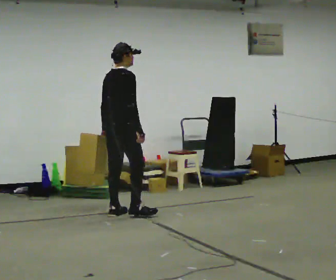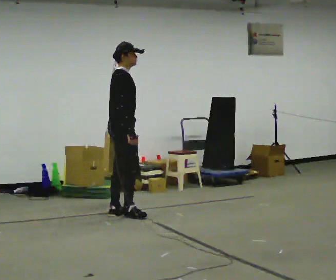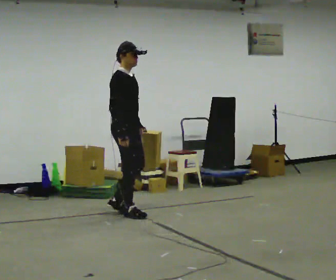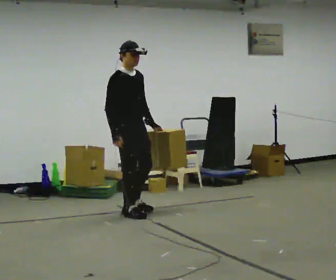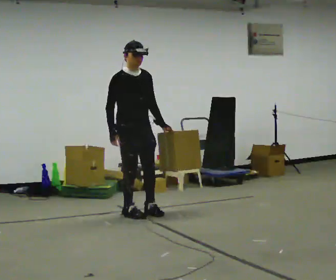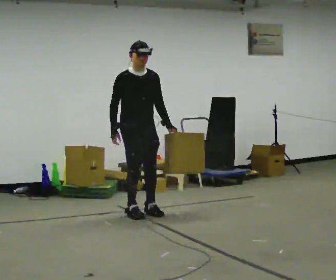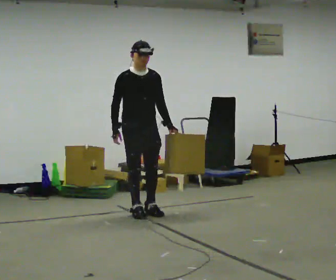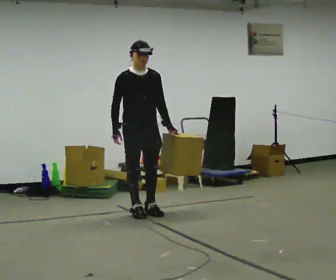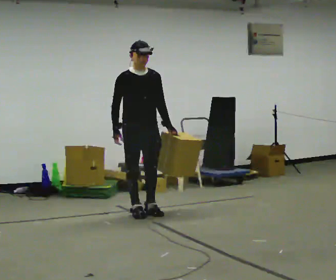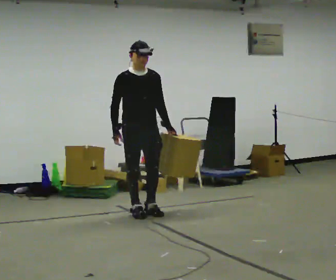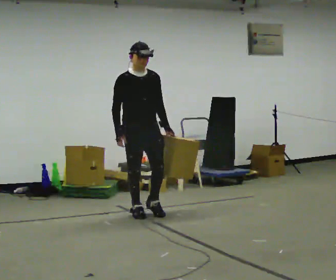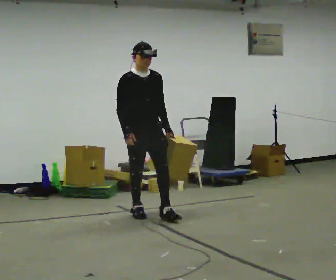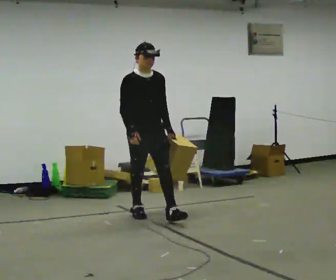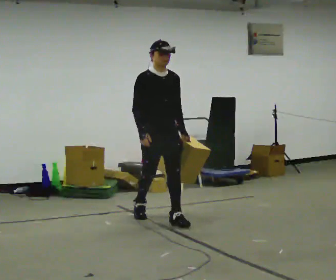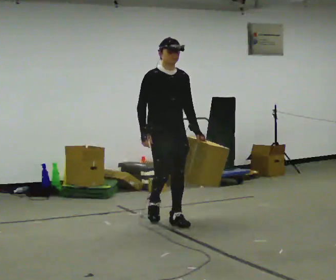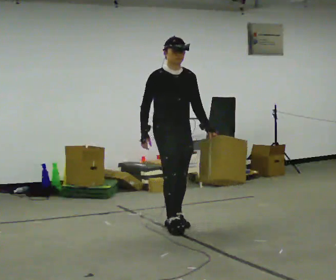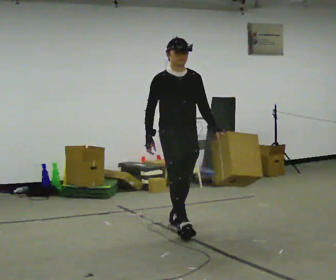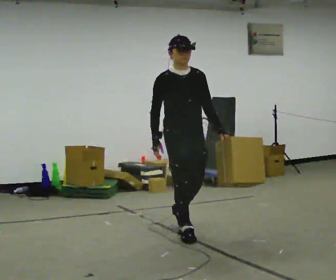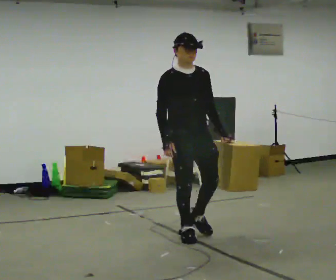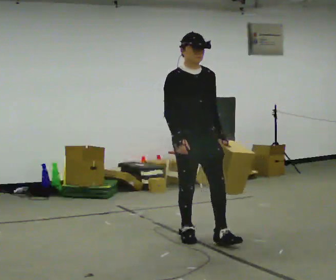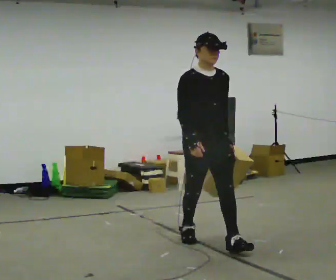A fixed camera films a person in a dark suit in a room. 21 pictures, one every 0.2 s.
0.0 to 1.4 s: The part of the body nearest the lens slides to the left as the person turns to their right by about 105 degrees. In the picture they go to the right, about 0.25 m in 2 steps. In the picture their left hand goes to the right, the arm swinging counterclockwise.
1.4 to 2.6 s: In the picture they go toward the camera and to the right, about 0.25 m in 1 step, which for them is forward.
2.6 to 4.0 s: In the picture they go toward the camera, about 1 m in 2 steps, which for them is forward.
The film runs forward here.
